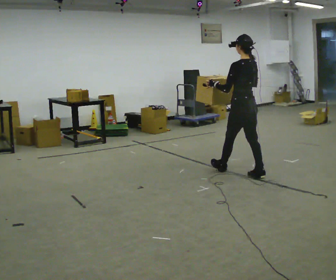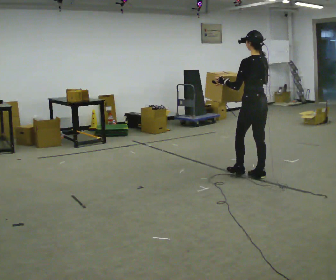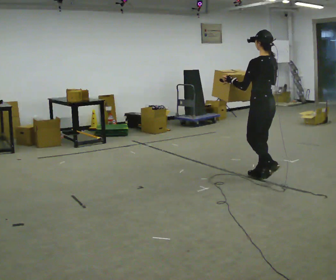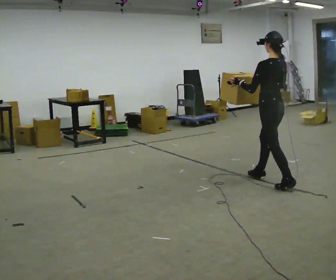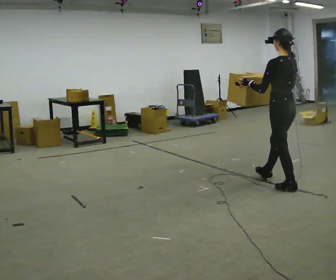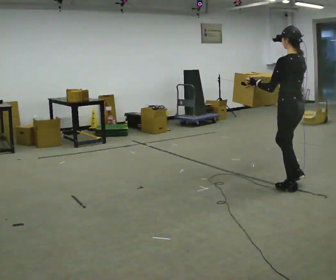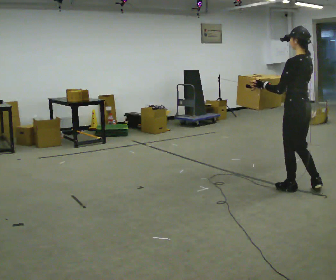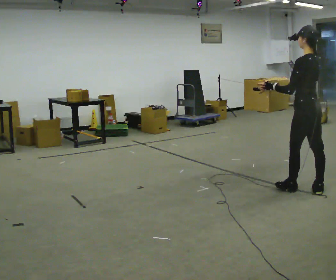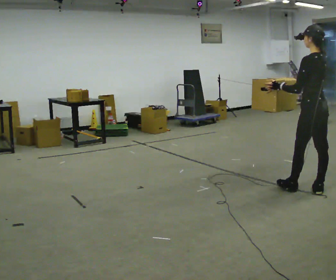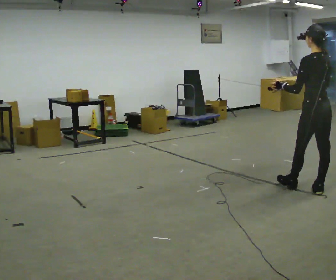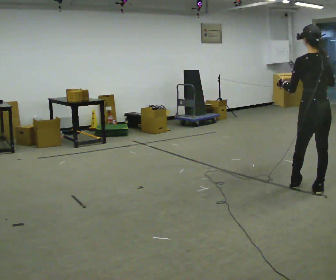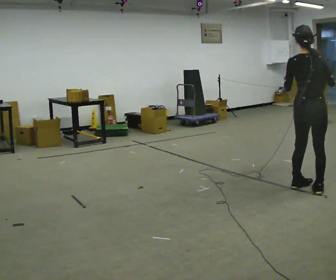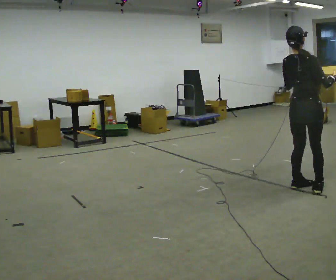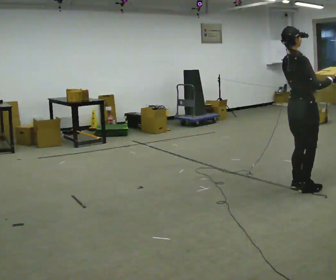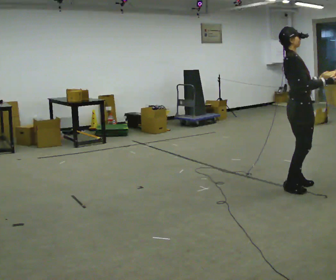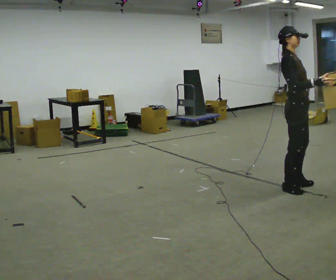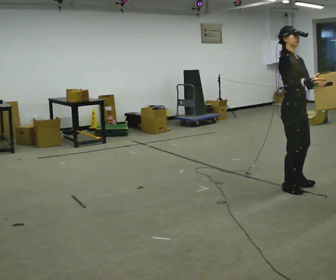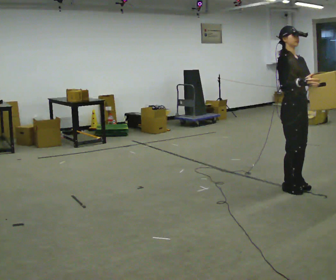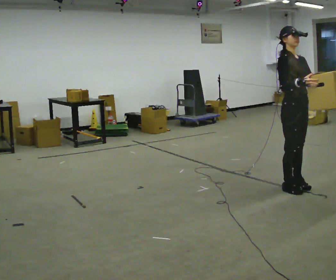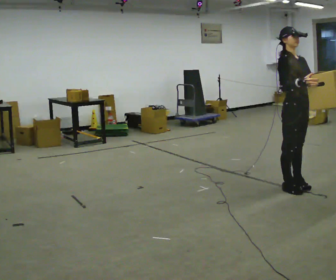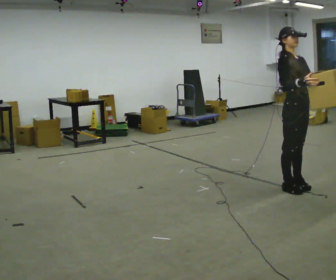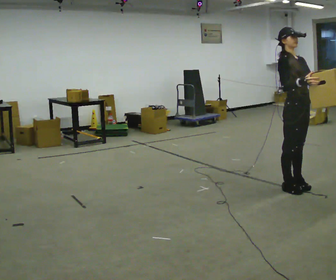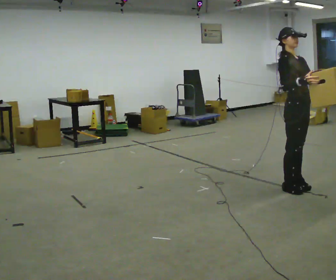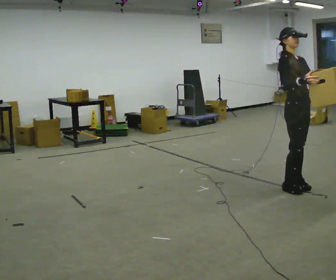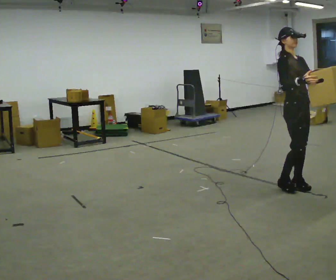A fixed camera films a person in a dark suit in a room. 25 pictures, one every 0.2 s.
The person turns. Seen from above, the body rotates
clockwise.
The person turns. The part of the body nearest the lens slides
to the left.
0.0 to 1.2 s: In the picture they go toward the camera and to the right, about 1 m in 1 step, which for them is backward.
1.2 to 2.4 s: The part of the body nearest the lens slides to the left as the person turns to their right by about 75 degrees. In the picture their right hand goes to the right.
2.4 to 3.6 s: Seen from above the body turns clockwise, about 105 degrees: to their right, with its near side sliding to the left. In the picture their right hand goes to the left.
3.6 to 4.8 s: The person moves a little, or ends about where they began.
The film runs backward here.
